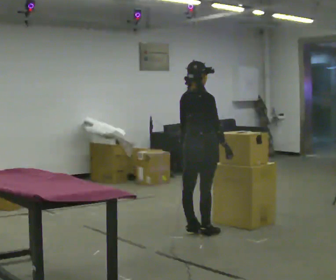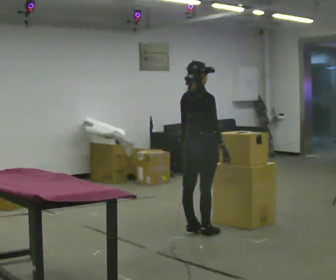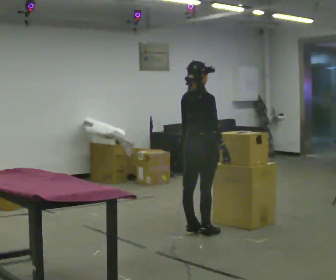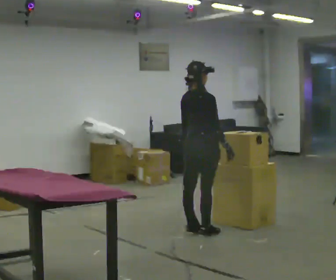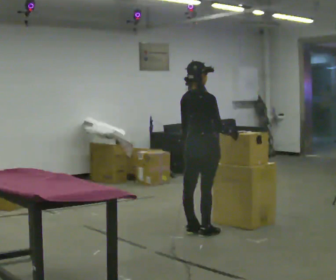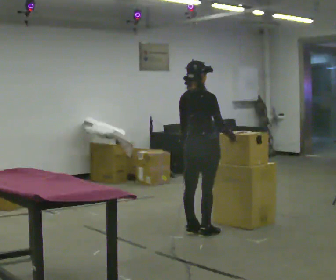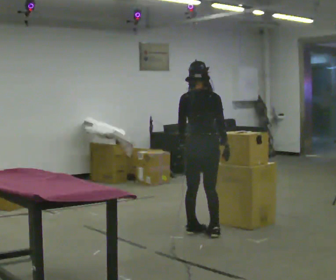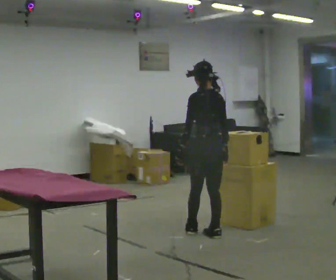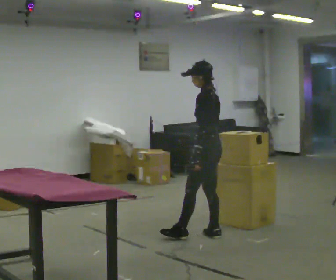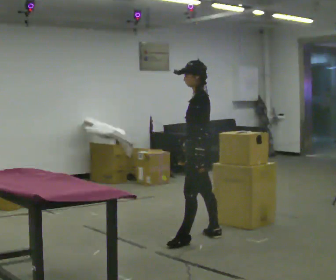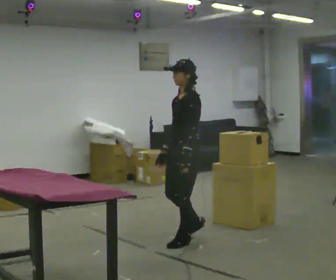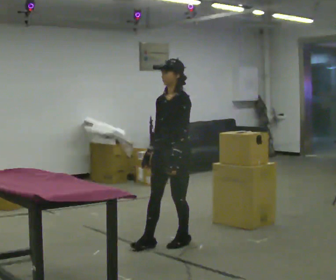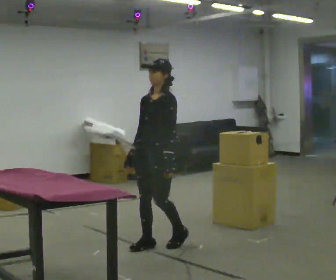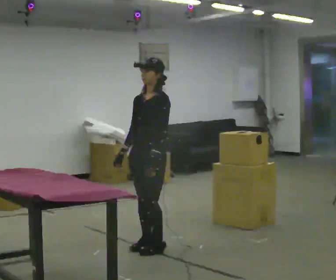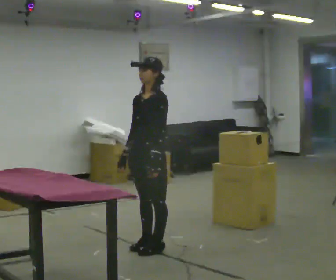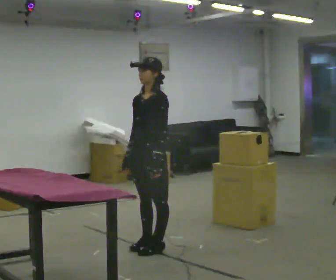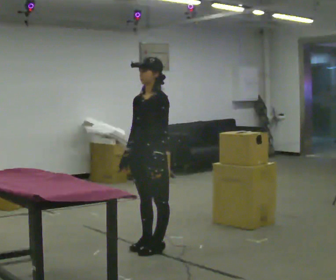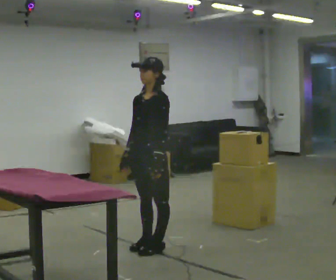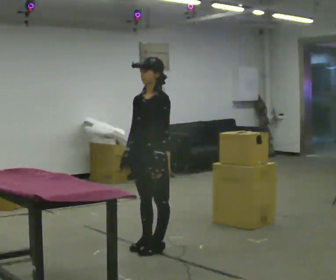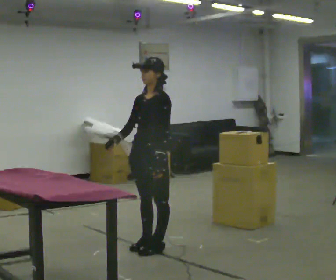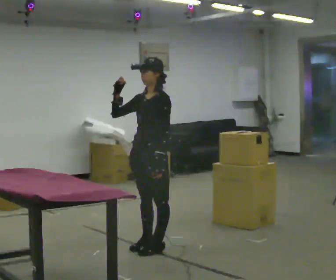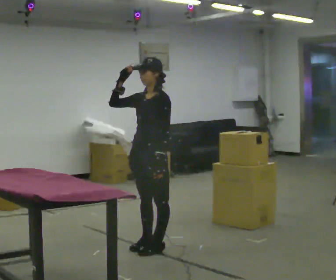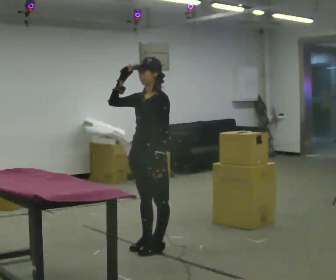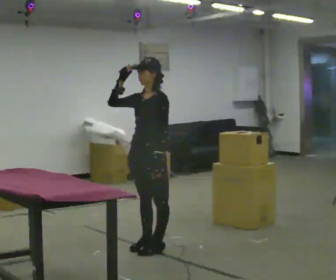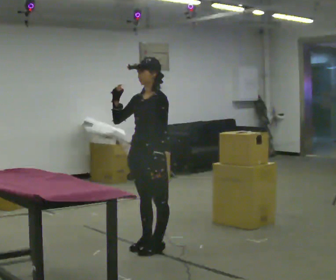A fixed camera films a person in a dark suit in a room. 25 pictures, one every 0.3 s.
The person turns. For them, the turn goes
to their left.
The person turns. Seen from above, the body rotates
counterclockwise.
0.0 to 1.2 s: The person moves a little, or ends about where they began.
1.2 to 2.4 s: The person turns about 105 degrees to their left, counterclockwise seen from above, so the part of the body nearest the lens slides to the right. In the picture they go toward the camera, about 0.25 m.
2.4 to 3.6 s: The part of the body nearest the lens slides to the right as the person turns to their left by about 75 degrees. In the picture they go to the left and toward the camera, about 0.5 m in 2 steps.
3.6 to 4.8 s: The person moves a little, or ends about where they began.
4.8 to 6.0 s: In the picture their right hand goes upward, the arm swinging clockwise.
6.0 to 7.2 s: The person moves a little, or ends about where they began.
The film runs forward here.
